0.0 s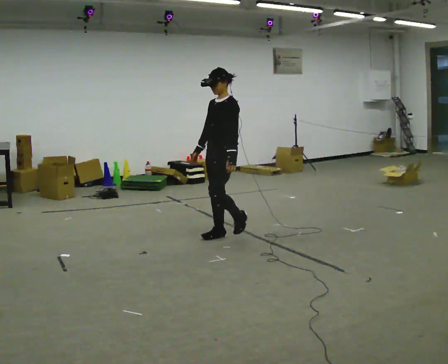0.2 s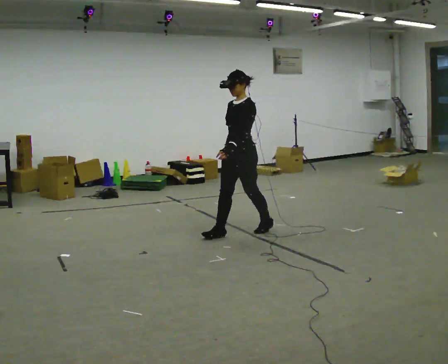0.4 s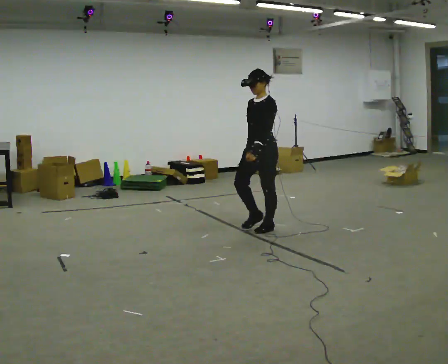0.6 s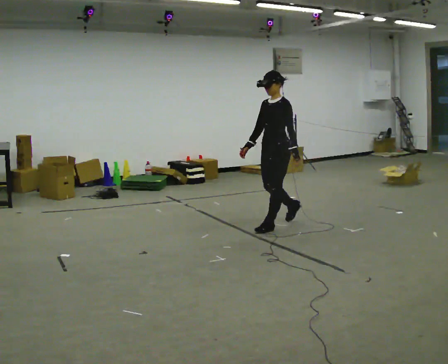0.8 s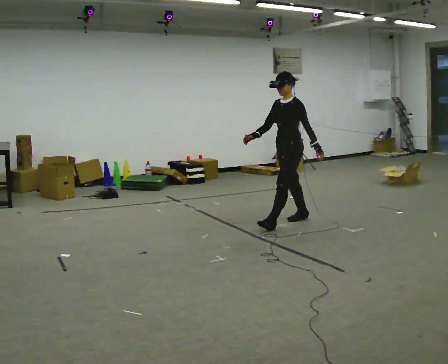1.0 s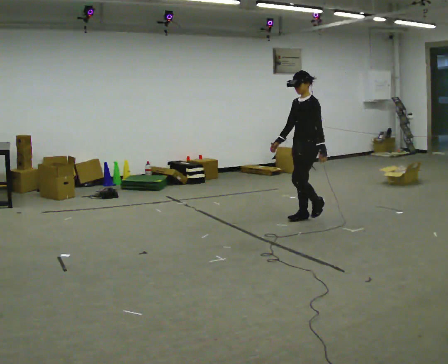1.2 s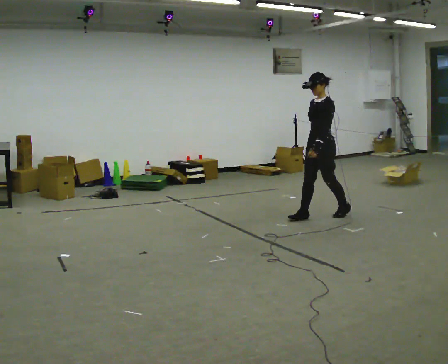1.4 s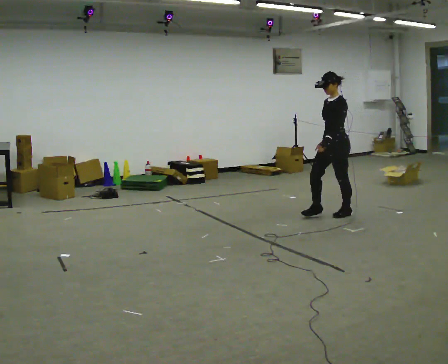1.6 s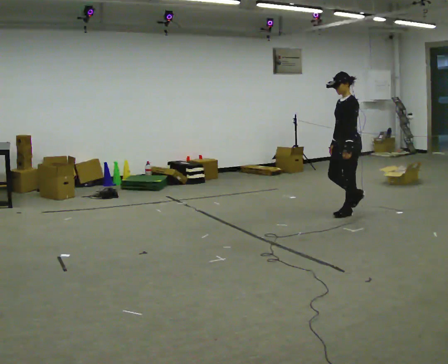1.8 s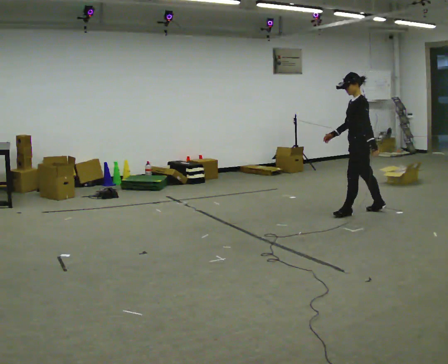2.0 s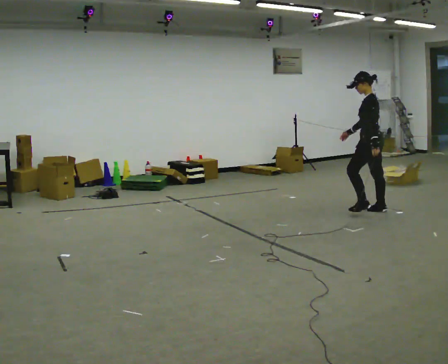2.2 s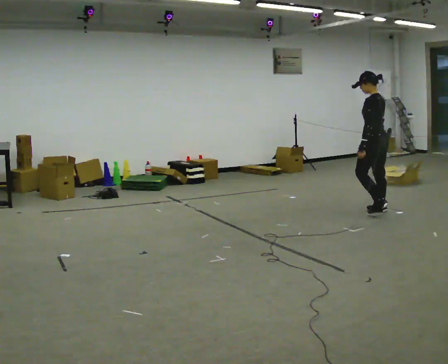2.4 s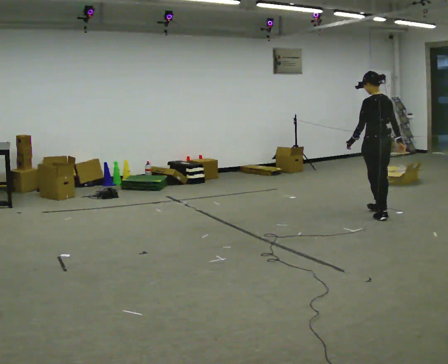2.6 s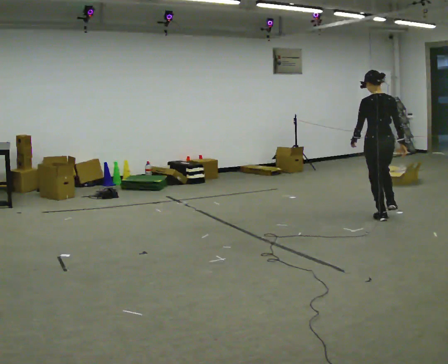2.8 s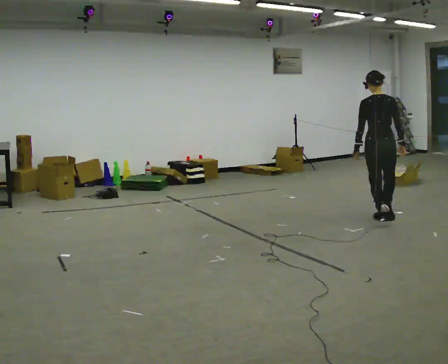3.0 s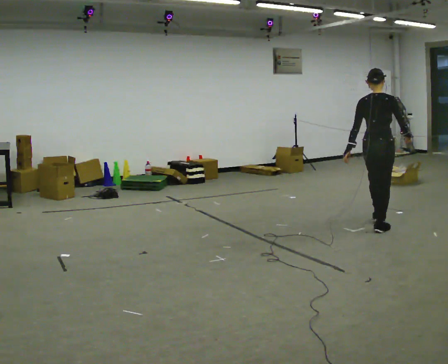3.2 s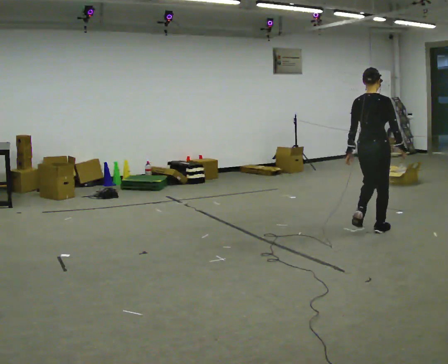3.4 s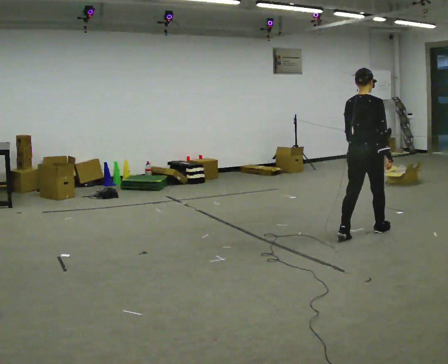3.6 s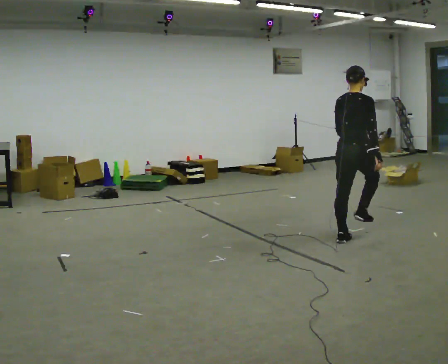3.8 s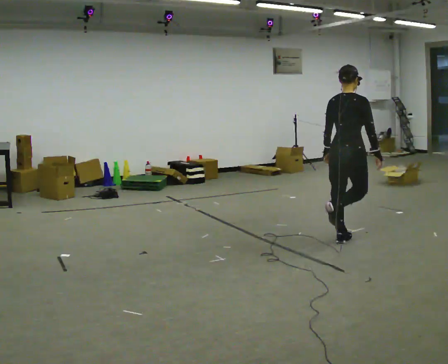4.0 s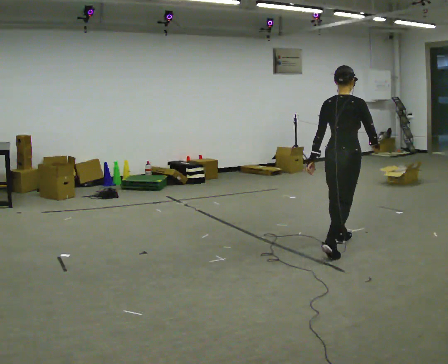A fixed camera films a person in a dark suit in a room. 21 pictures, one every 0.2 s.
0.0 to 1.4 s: In the picture they go to the right and away from the camera, about 1.5 m in 3 steps, which for them is backward.
1.4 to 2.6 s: The person turns about 105 degrees to their right, clockwise seen from above, so the part of the body nearest the lens slides to the left. In the picture they go to the right, about 0.5 m in 2 steps.
2.6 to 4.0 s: The part of the body nearest the lens slides to the left as the person turns to their right by about 45 degrees. In the picture they go toward the camera, about 1 m in 2 steps, which for them is backward.
The film runs backward here.
